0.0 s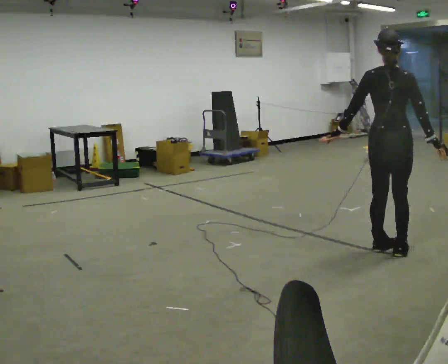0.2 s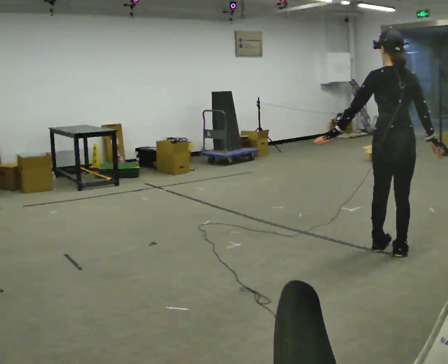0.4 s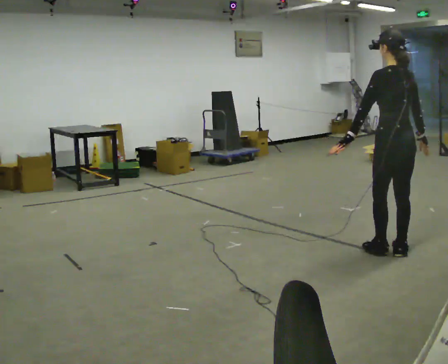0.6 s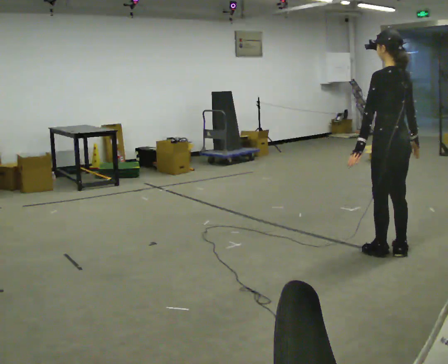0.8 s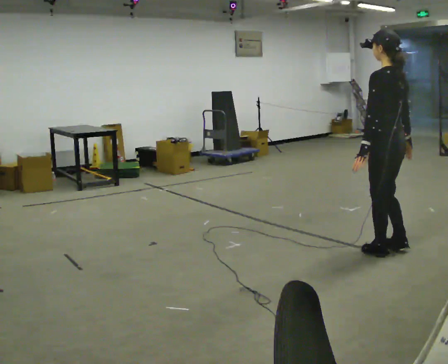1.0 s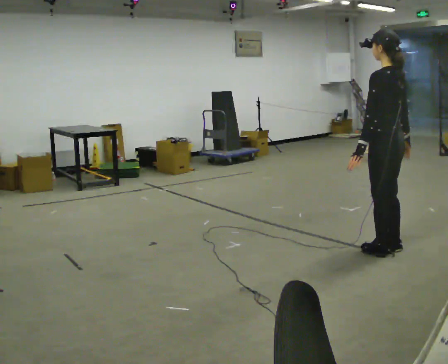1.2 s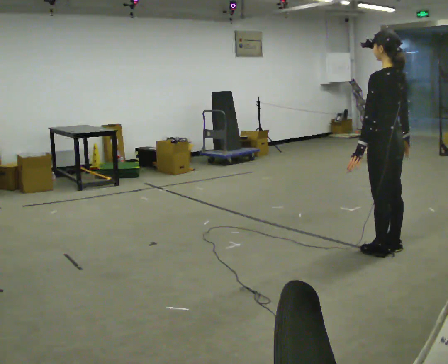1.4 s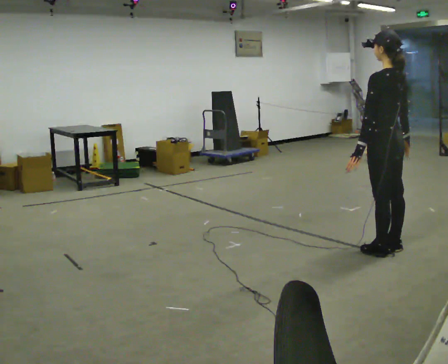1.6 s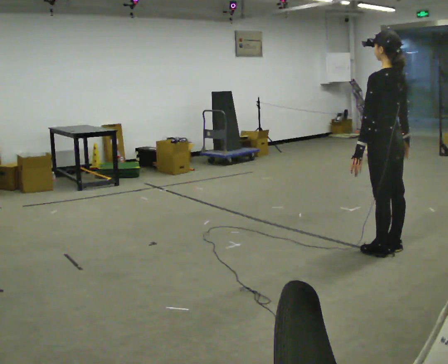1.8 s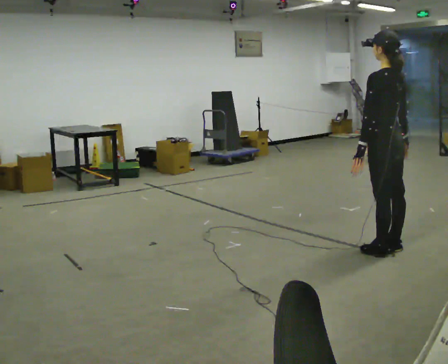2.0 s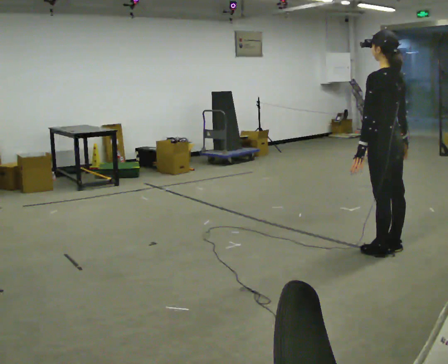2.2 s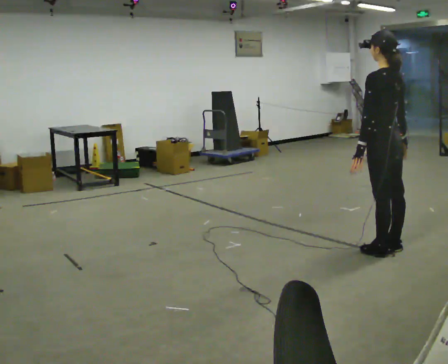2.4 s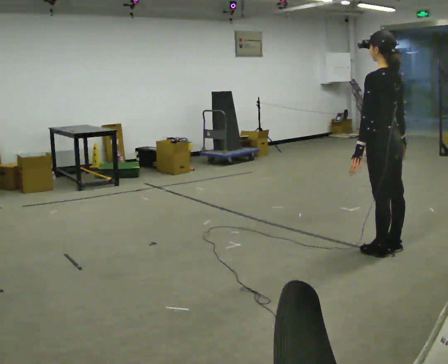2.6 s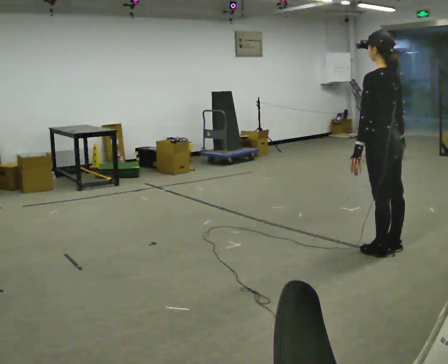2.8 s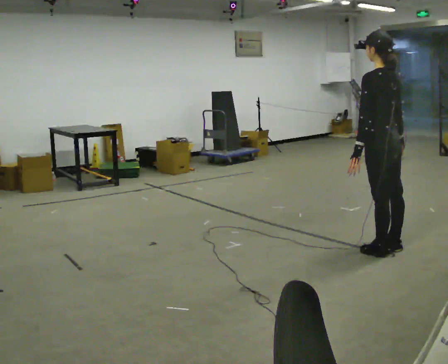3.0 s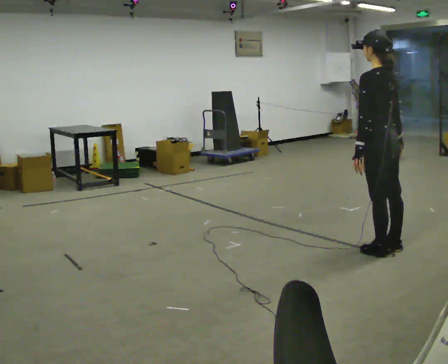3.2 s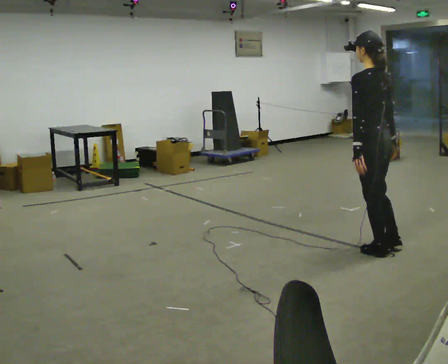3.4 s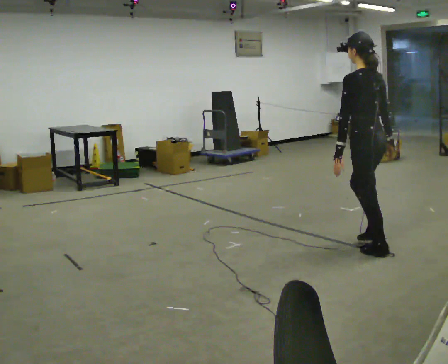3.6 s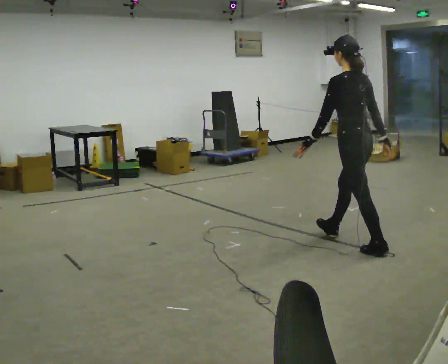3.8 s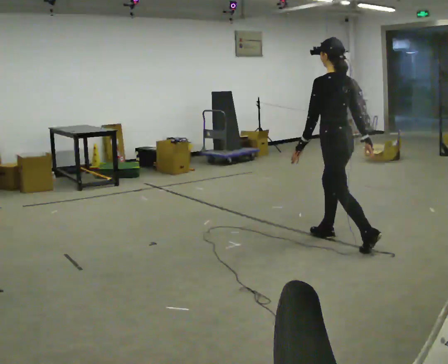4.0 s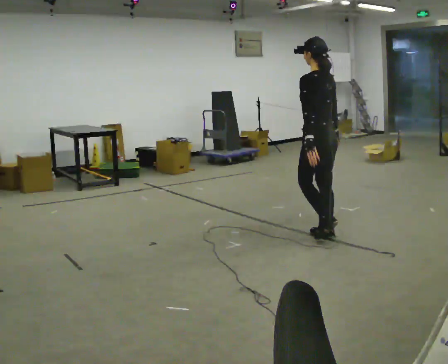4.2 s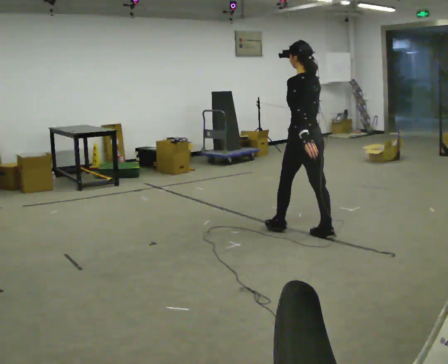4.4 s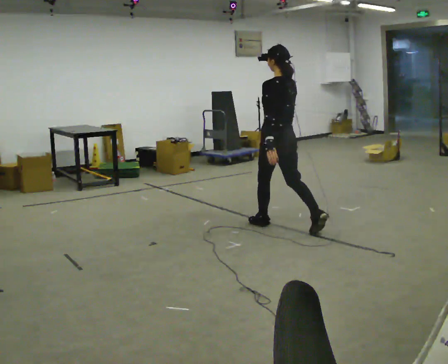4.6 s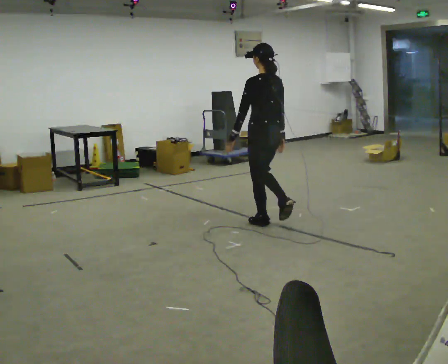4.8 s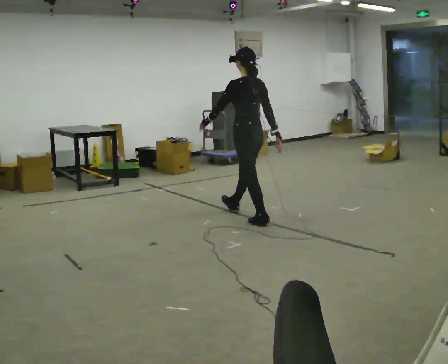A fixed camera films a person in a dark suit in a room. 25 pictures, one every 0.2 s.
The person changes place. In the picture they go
to the left.
0.0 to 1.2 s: The person turns about 60 degrees to their left, counterclockwise seen from above, so the part of the body nearest the lens slides to the right.
1.2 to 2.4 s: The person moves a little, or ends about where they began.
2.4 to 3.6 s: In the picture they go to the left, about 0.25 m, which for them is forward. In the picture their left hand goes to the left.
3.6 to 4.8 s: In the picture they go to the left and away from the camera, about 1.5 m in 2 steps, which for them is forward.
The film runs forward here.
